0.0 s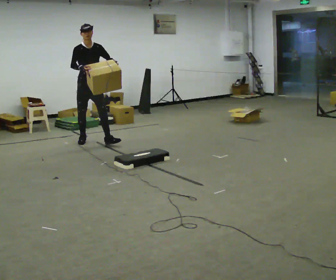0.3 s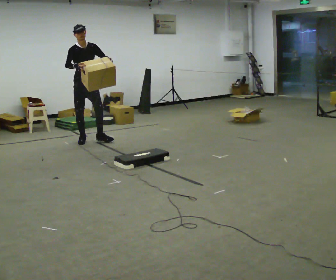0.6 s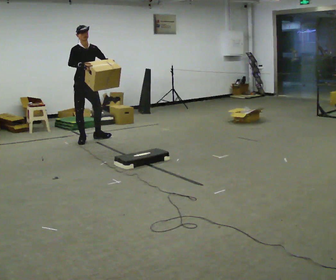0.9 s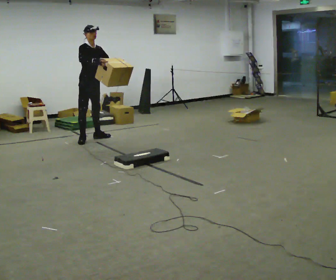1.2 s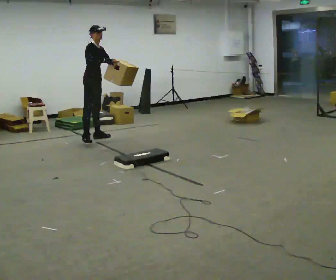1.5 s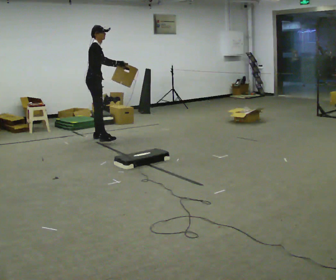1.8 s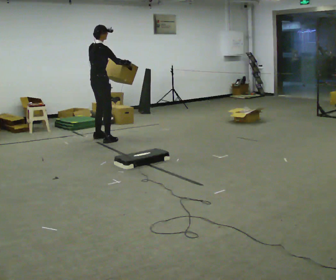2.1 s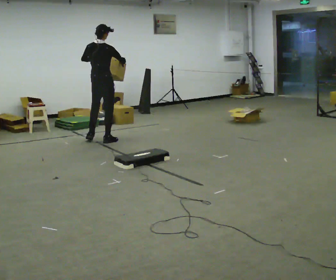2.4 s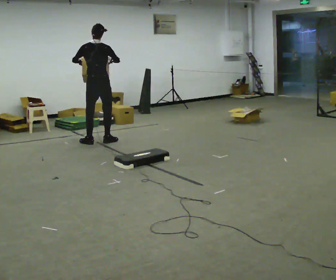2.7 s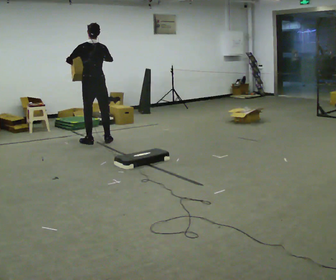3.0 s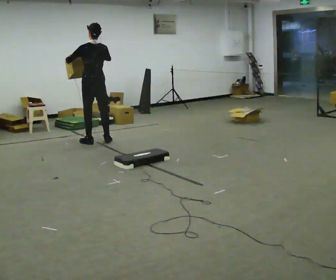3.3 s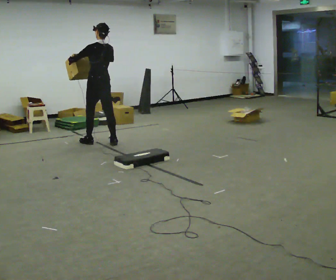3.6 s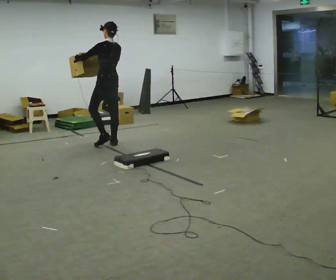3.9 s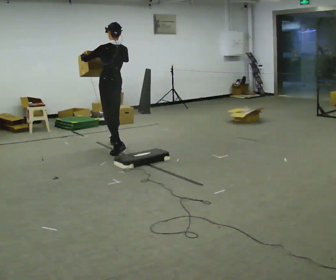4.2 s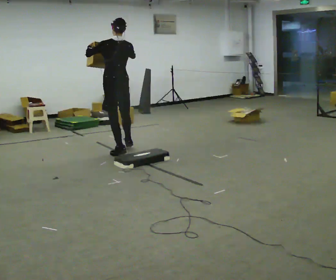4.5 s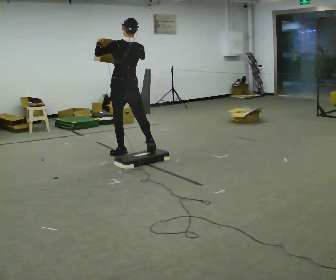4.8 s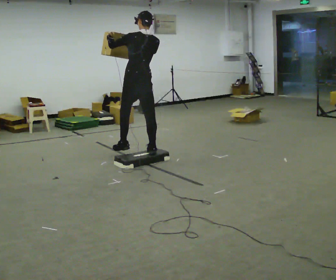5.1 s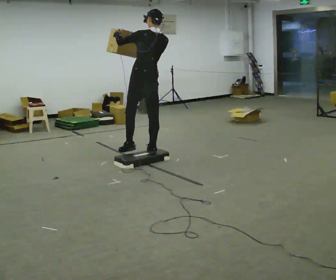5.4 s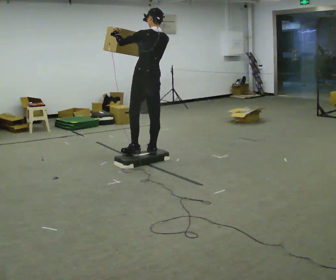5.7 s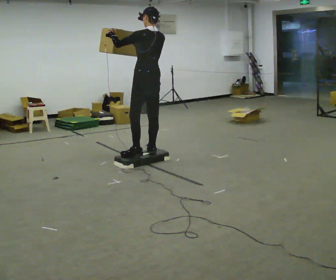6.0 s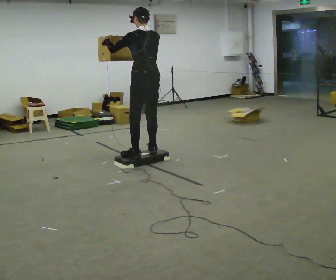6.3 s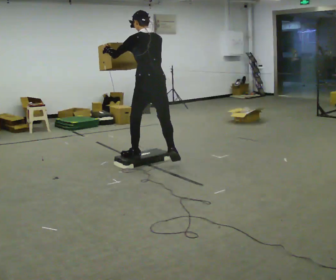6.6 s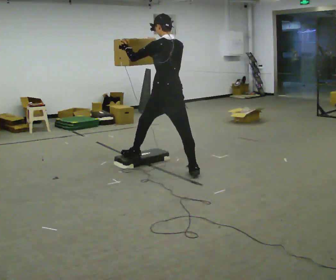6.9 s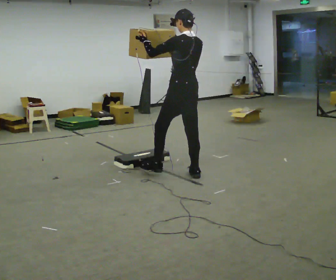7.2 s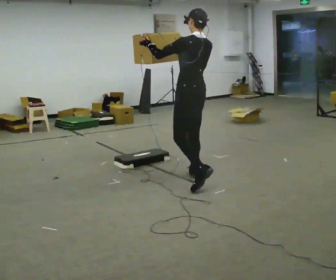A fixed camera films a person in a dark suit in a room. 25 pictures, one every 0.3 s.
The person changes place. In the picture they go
toward the camera.
0.0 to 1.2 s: The part of the body nearest the lens slides to the right as the person turns to their left by about 45 degrees. In the picture they go away from the camera, about 0.25 m in 2 steps, which for them is backward and to their left.
1.2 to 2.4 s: Seen from above the body turns counterclockwise, about 120 degrees: to their left, with its near side sliding to the right. In the picture they go toward the camera, about 0.25 m in 1 step.
2.4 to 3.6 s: The person turns about 45 degrees to their left, counterclockwise seen from above, so the part of the body nearest the lens slides to the right. In the picture they go toward the camera and to the right, about 0.25 m in 2 steps, which for them is backward.
3.6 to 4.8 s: In the picture they go toward the camera and to the right, about 1 m in 2 steps, which for them is backward.
4.8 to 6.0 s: In the picture they go toward the camera, about 0.25 m, which for them is backward.
6.0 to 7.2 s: In the picture they go toward the camera and to the right, about 1 m in 2 steps, which for them is backward.
The film runs backward here.
